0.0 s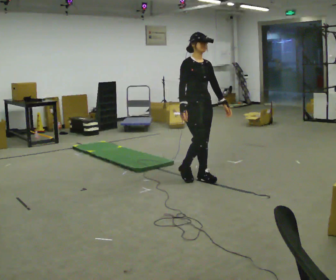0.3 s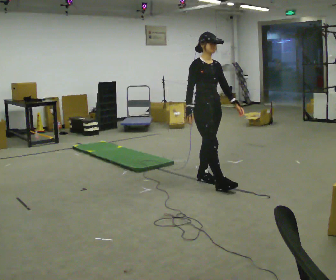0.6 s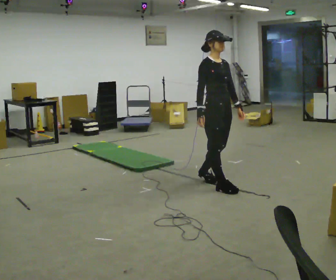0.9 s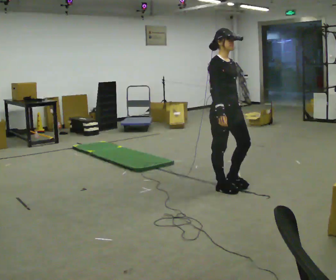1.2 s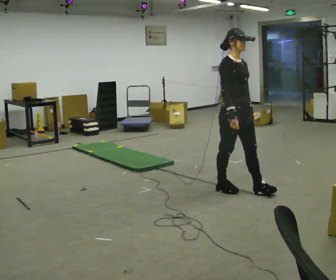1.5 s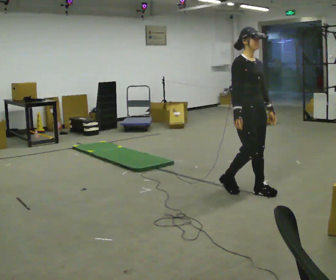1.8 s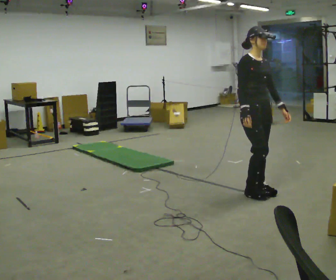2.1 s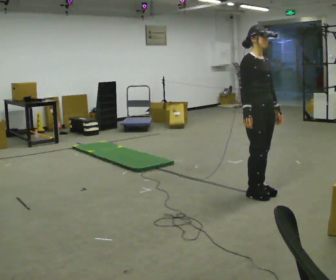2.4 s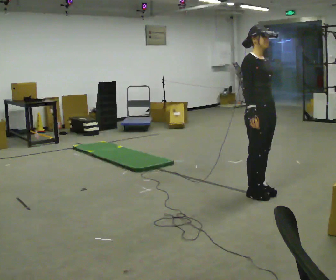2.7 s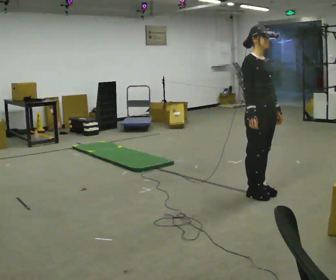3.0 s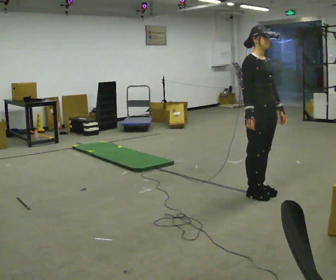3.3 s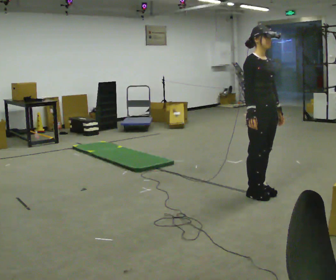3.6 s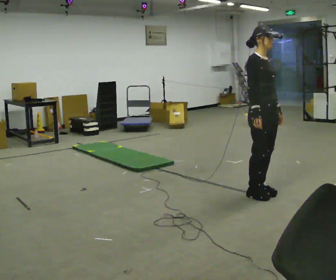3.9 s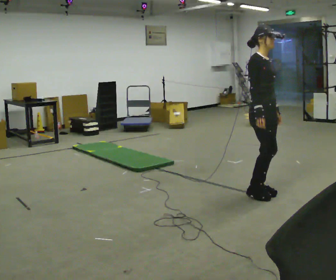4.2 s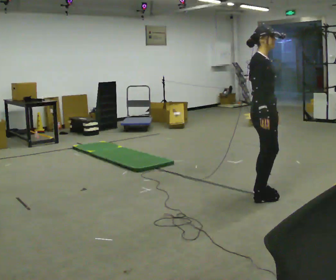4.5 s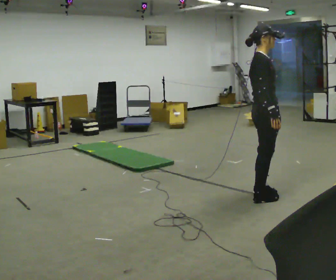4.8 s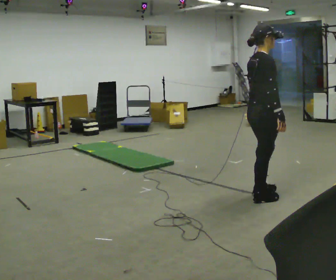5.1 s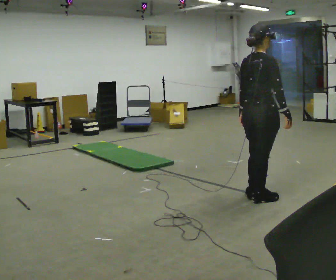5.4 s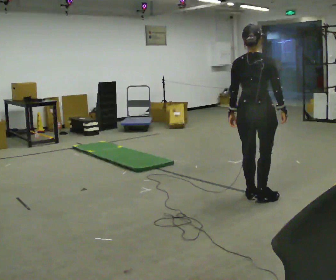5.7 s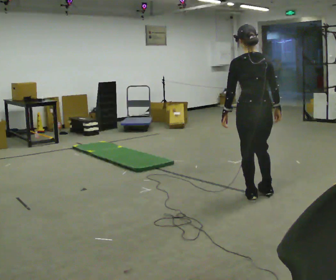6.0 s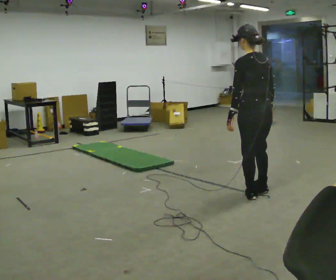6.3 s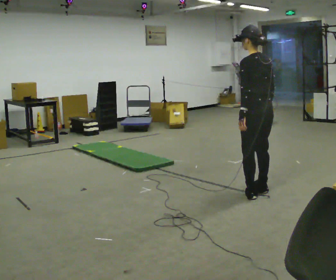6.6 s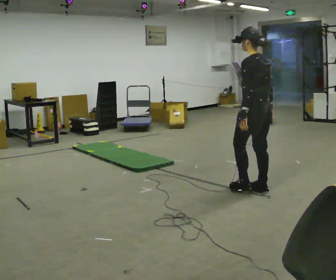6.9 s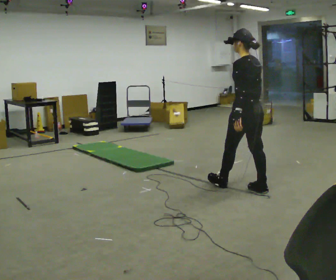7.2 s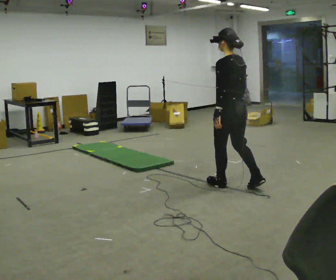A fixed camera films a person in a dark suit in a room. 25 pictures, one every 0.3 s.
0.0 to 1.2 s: In the picture they go to the right and toward the camera, about 0.5 m in 2 steps, which for them is forward.
1.2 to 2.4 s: In the picture they go to the right, about 0.25 m in 1 step, which for them is forward.
2.4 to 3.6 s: The person moves a little, or ends about where they began.
3.6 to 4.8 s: Seen from above the body turns counterclockwise, about 60 degrees: to their left, with its near side sliding to the right.
4.8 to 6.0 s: The person turns about 105 degrees to their left, counterclockwise seen from above, so the part of the body nearest the lens slides to the right.
6.0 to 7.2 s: In the picture they go away from the camera and to the left, about 0.25 m in 1 step, which for them is forward.
The film runs forward here.
